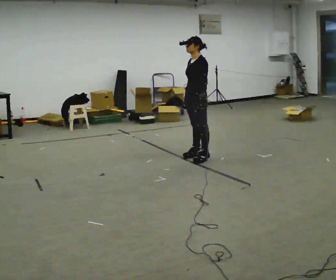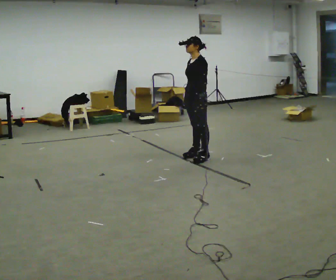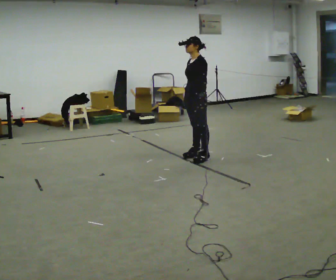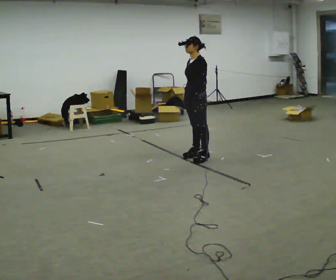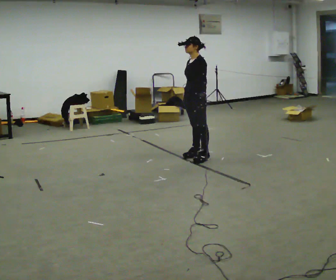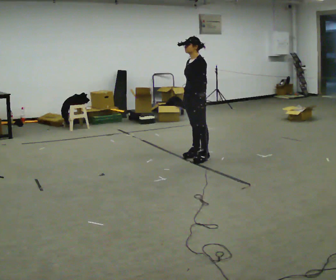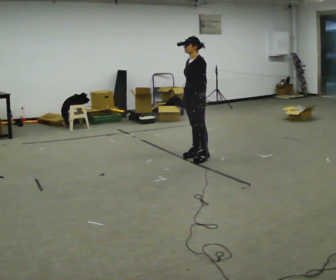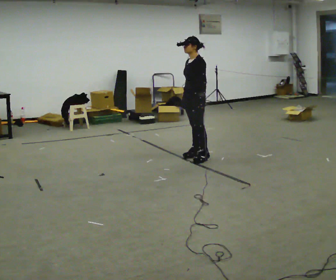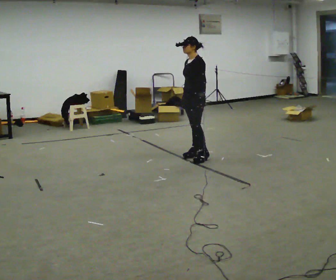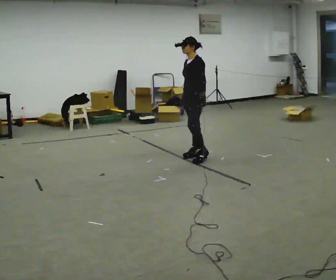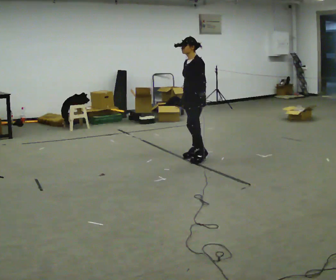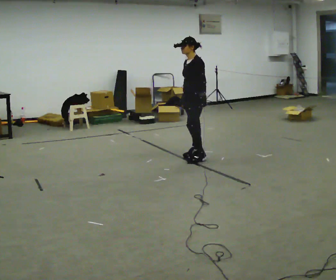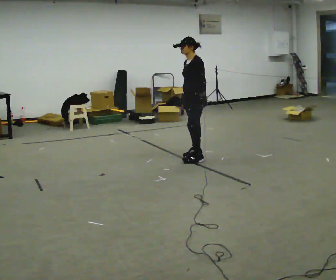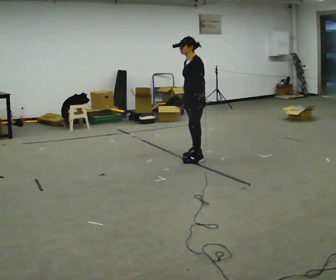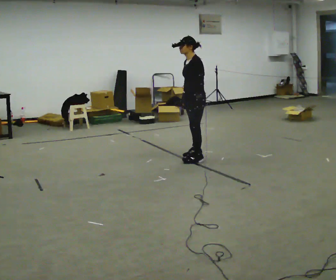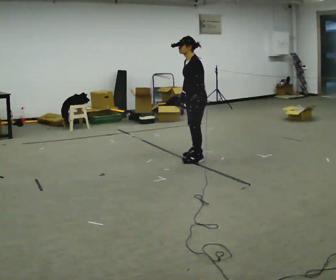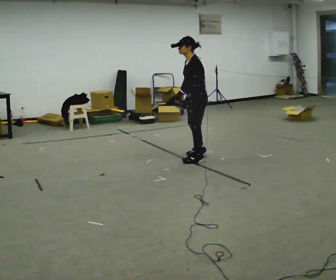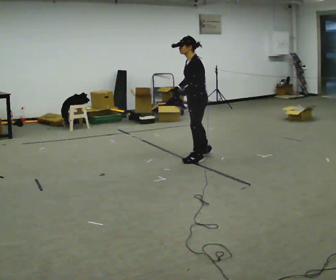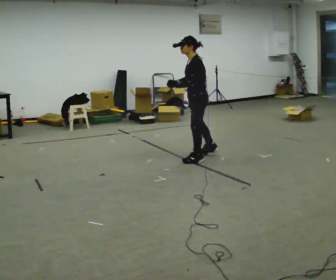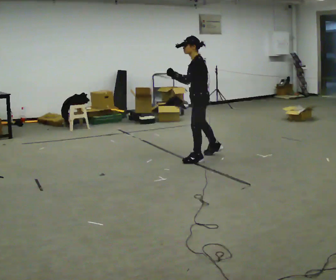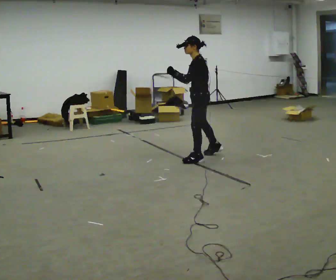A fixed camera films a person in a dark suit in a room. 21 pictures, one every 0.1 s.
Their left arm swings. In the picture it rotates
clockwise.
0.0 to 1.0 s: The person moves a little, or ends about where they began.
1.0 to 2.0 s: The part of the body nearest the lens slides to the left as the person turns to their right by about 30 degrees. In the picture their left hand goes to the left, the arm swinging clockwise.
The film runs forward here.
